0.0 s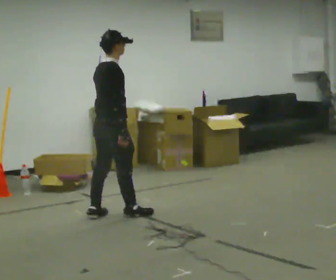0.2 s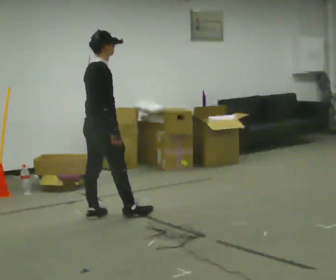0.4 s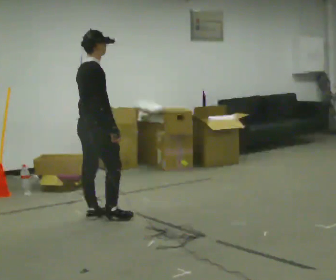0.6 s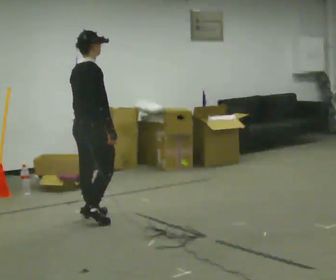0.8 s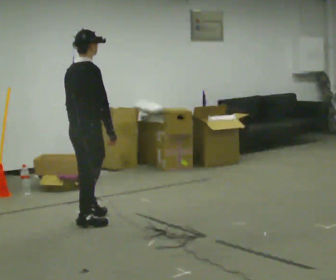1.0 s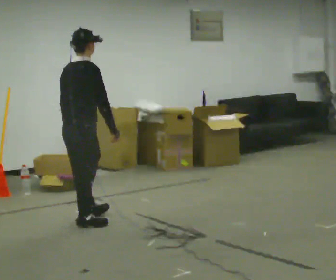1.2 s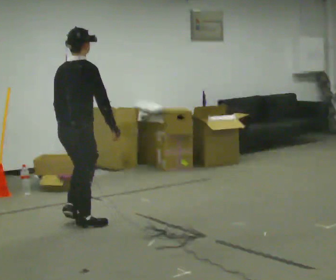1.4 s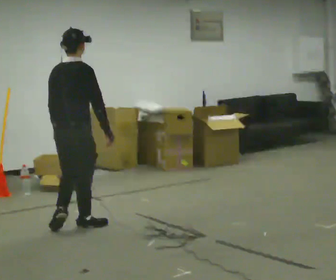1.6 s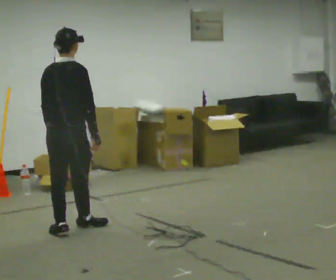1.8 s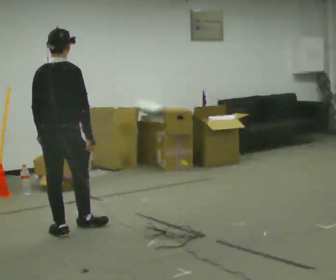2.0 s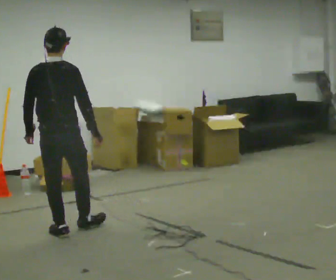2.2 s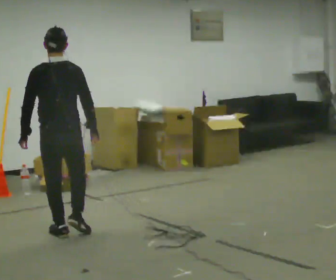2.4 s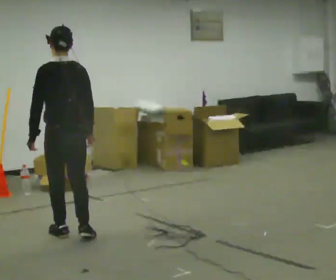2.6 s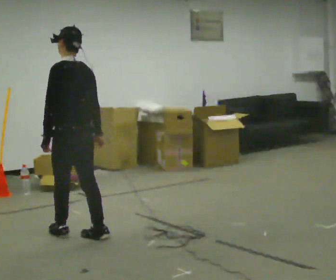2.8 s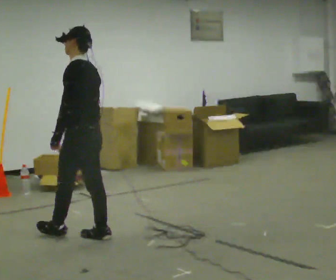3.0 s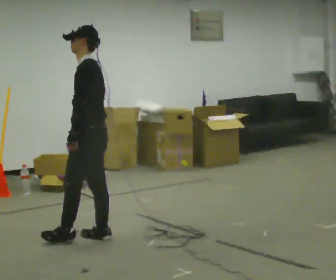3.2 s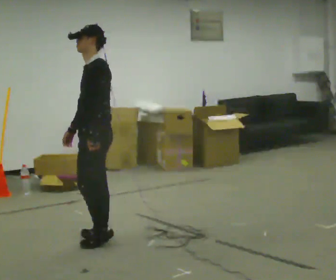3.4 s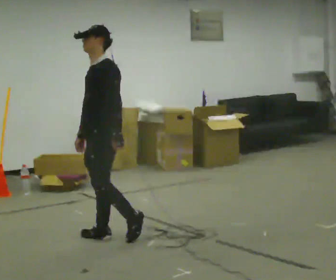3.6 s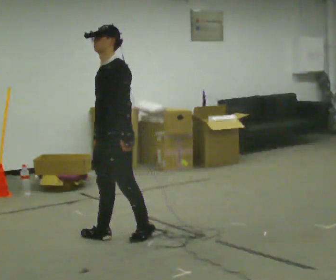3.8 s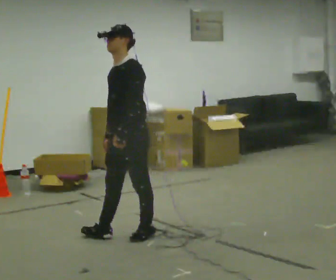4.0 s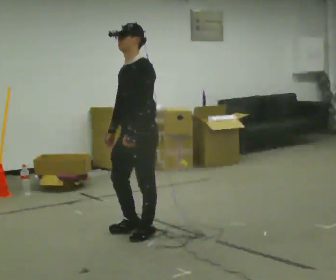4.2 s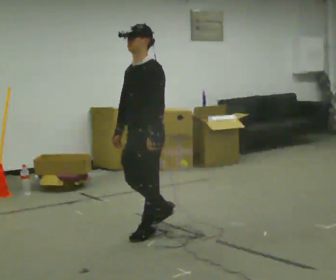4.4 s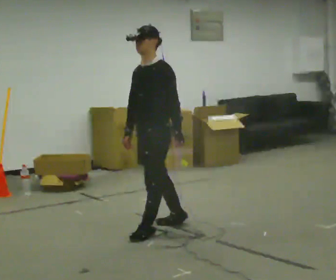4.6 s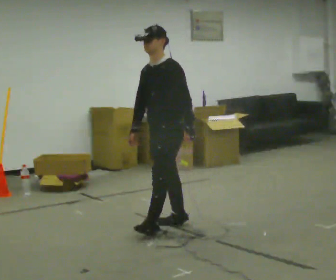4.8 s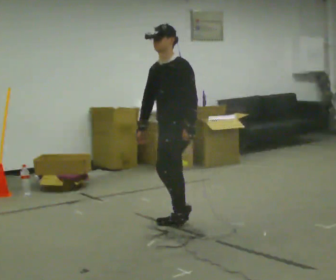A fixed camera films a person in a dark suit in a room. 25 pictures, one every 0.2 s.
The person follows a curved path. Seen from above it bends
counterclockwise.
The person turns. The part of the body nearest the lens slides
to the right.
0.0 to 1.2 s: In the picture they go to the left and toward the camera, about 0.5 m in 2 steps, which for them is backward.
1.2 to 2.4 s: The part of the body nearest the lens slides to the right as the person turns to their left by about 60 degrees. In the picture they go toward the camera, about 0.25 m in 1 step, which for them is backward. In the picture their left hand goes to the left.
2.4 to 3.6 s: Seen from above the body turns counterclockwise, about 105 degrees: to their left, with its near side sliding to the right. In the picture they go to the right and toward the camera, about 0.5 m in 1 step.
3.6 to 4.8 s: In the picture they go to the right, about 0.5 m in 2 steps, which for them is backward.
The film runs backward here.
